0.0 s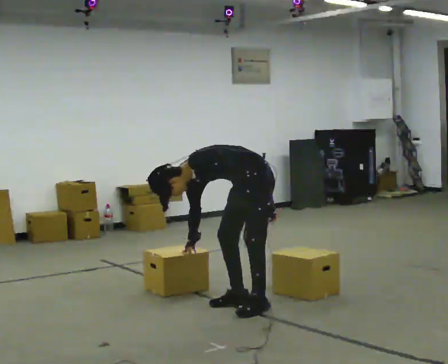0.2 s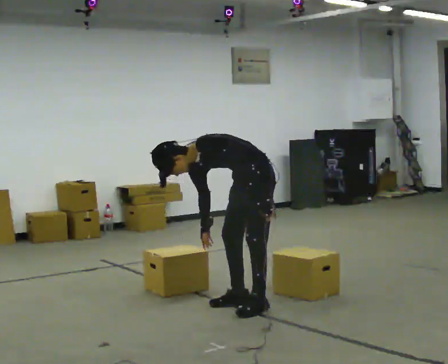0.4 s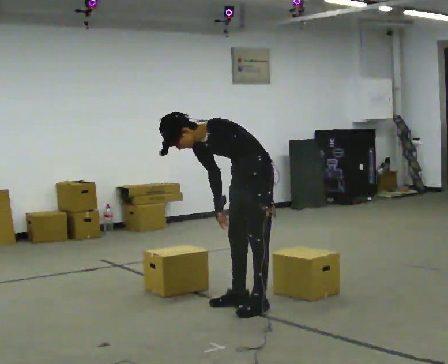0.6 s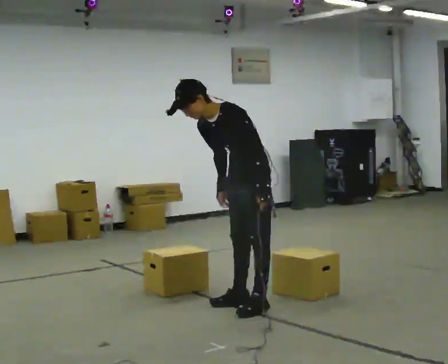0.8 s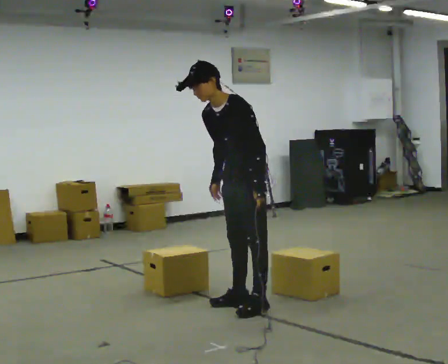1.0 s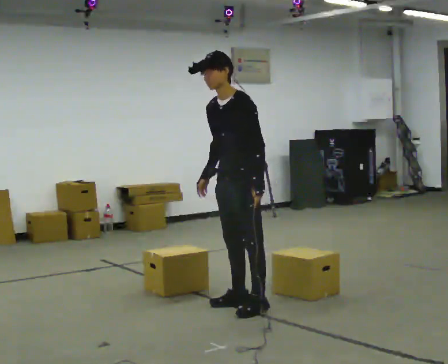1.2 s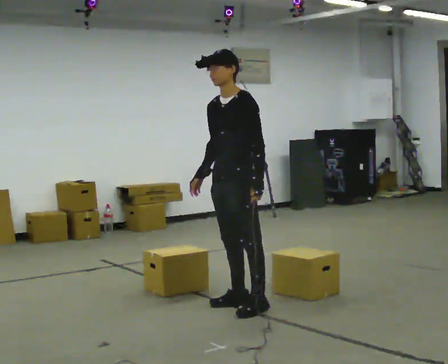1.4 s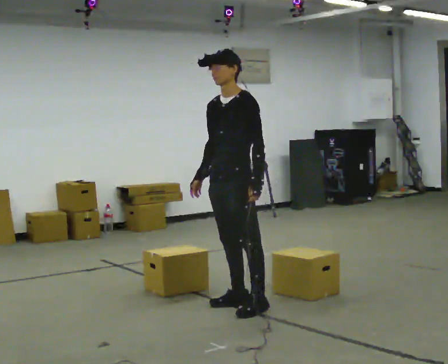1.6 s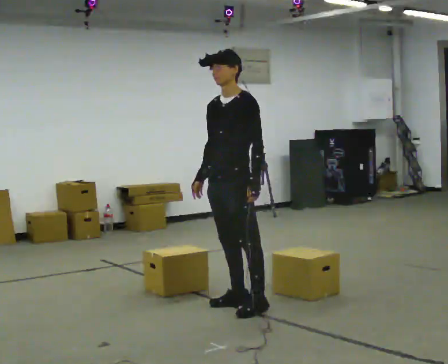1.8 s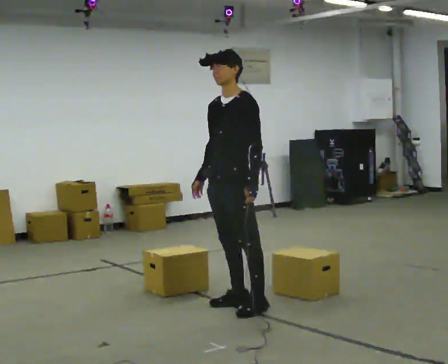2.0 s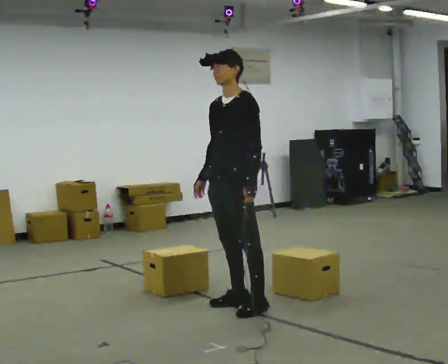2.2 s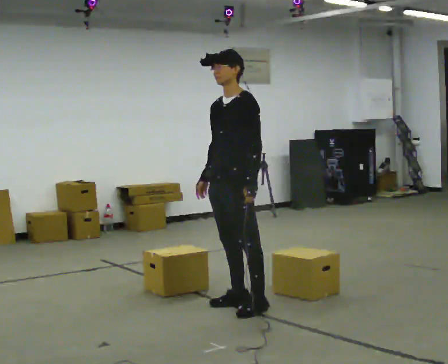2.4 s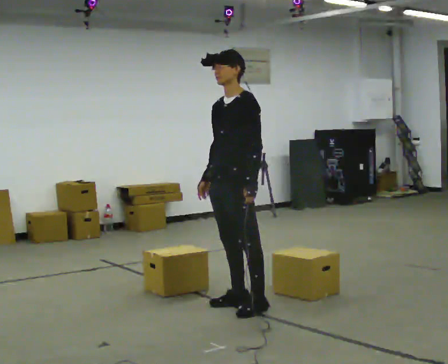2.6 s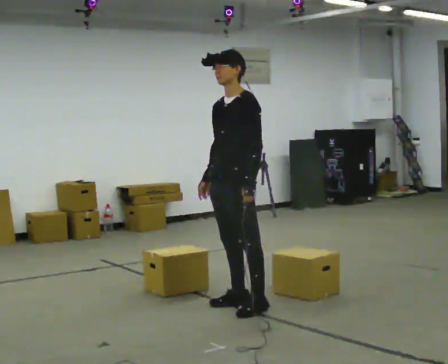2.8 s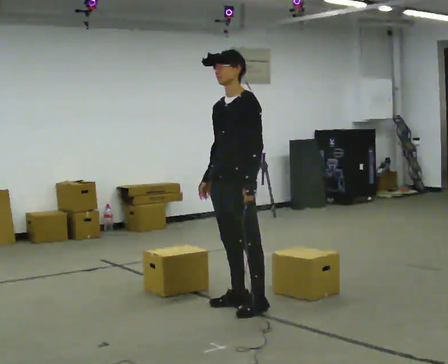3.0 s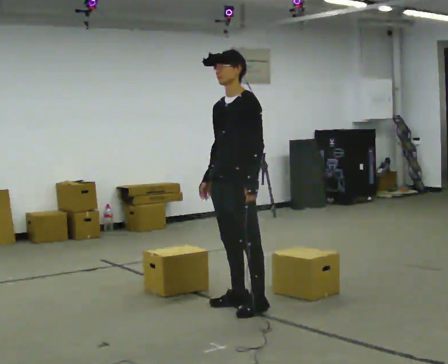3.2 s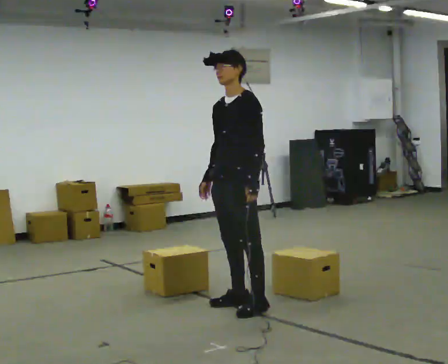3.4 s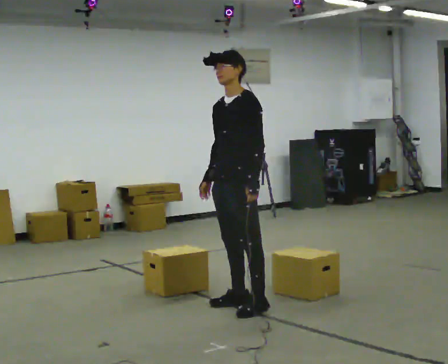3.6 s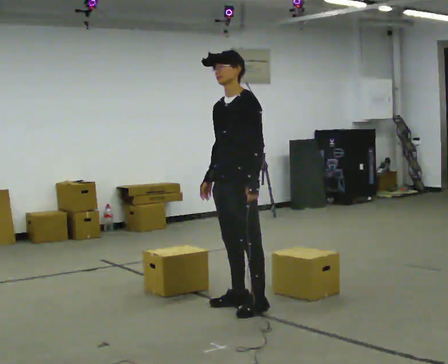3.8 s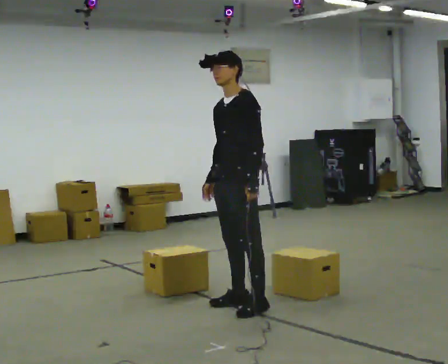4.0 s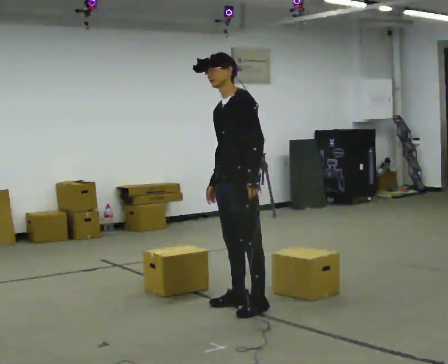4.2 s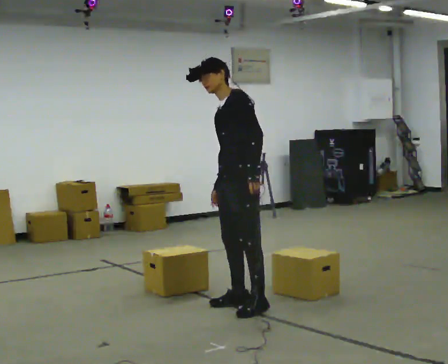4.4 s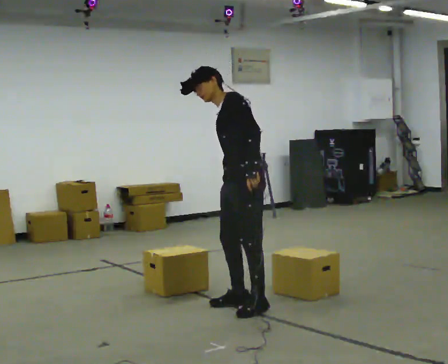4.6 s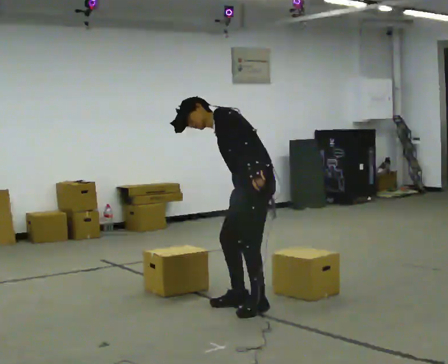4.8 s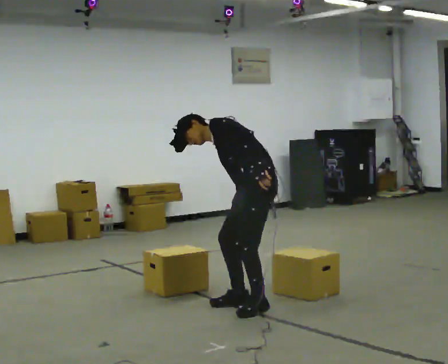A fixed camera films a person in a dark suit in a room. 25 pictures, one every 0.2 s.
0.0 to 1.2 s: The shoulders move upward. In the picture the upper body tilts clockwise, shoulders to the right, as they lean back or straighten.
1.2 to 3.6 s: The person moves a little, or ends about where they began.
3.6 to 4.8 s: The person turns about 30 degrees to their right, clockwise seen from above, so the part of the body nearest the lens slides to the left. The shoulders move downward. In the picture the upper body tilts counterclockwise, shoulders to the left, as they bend forward. In the picture their right hand goes downward and to the right.
The film runs forward here.
